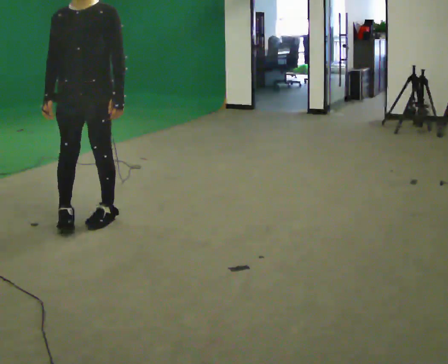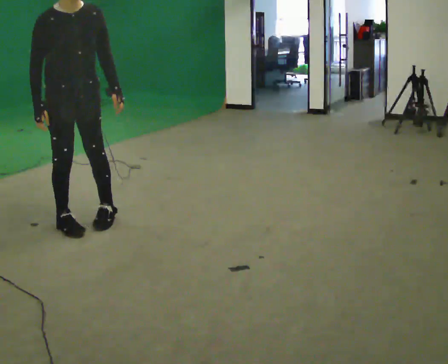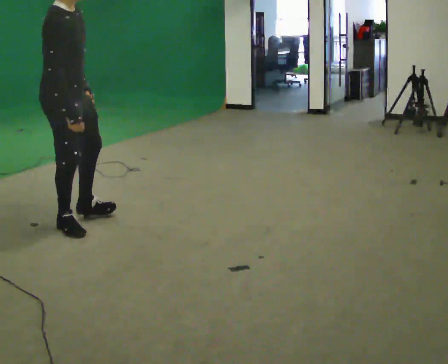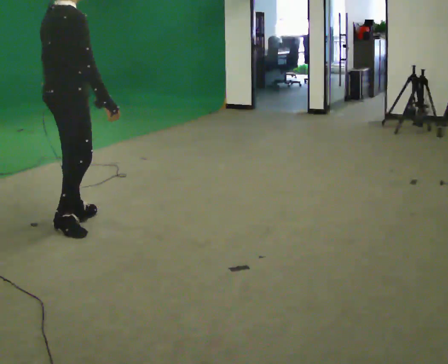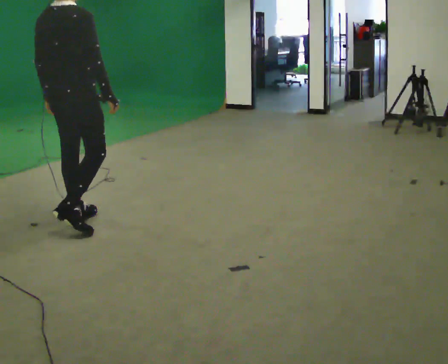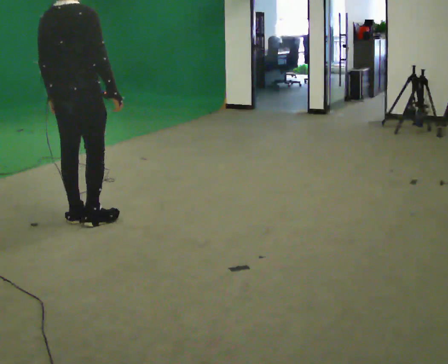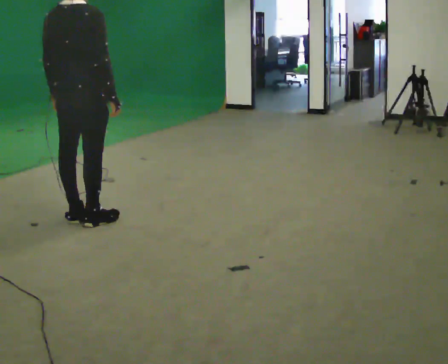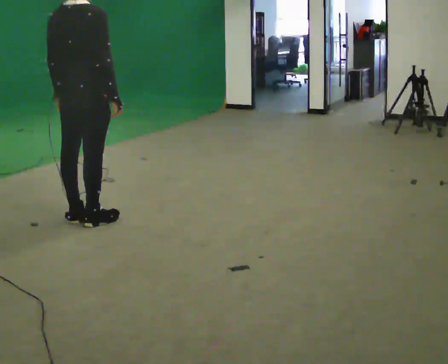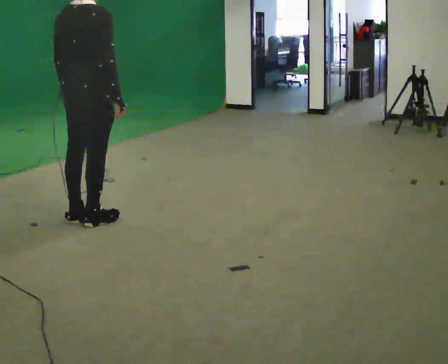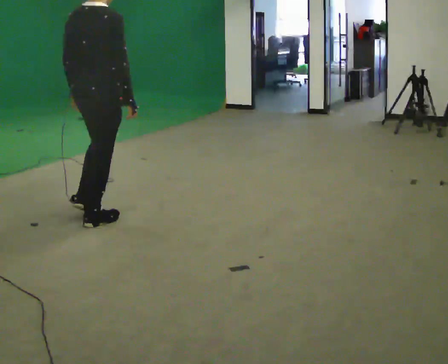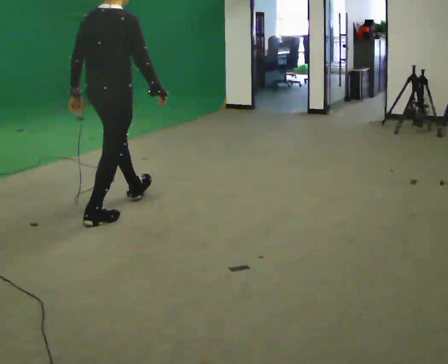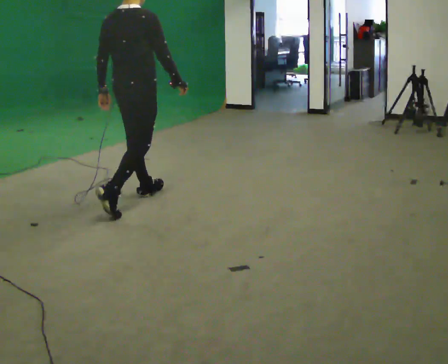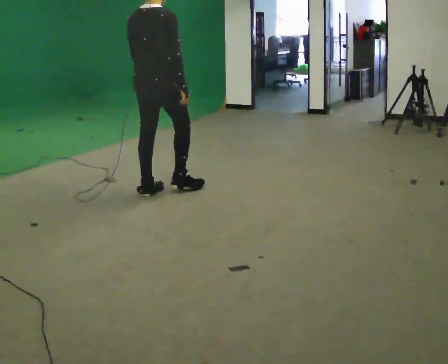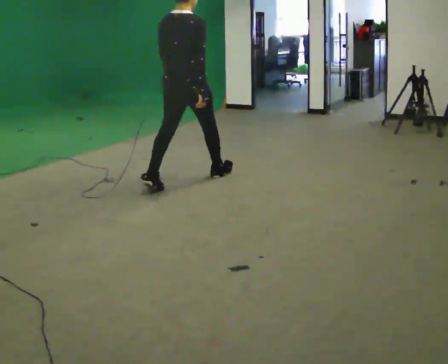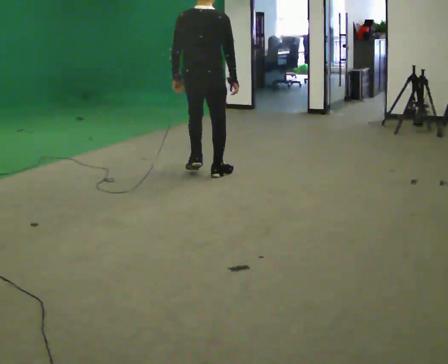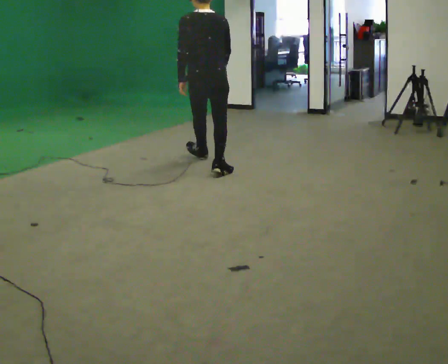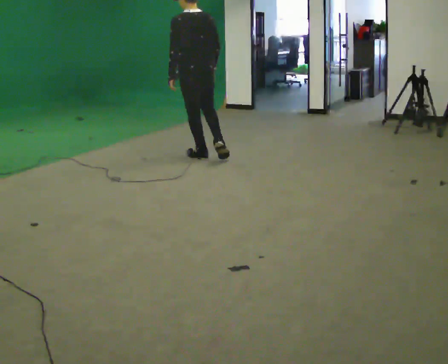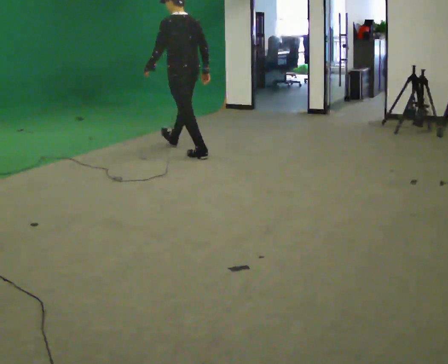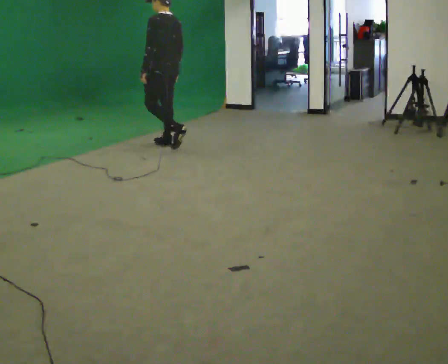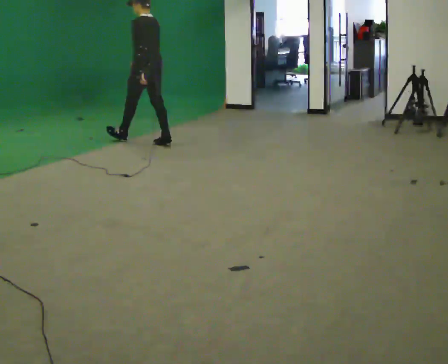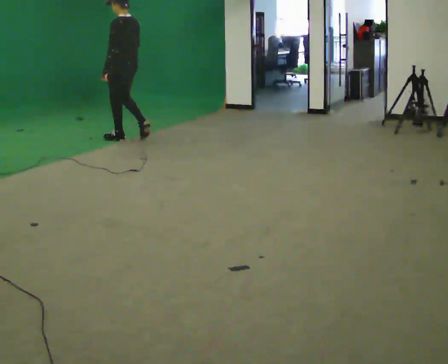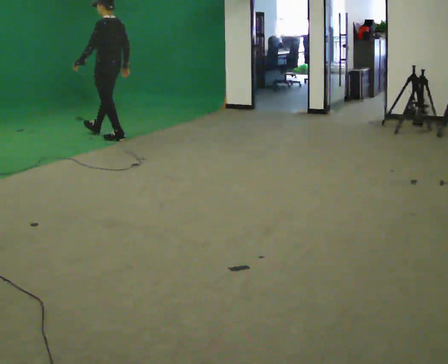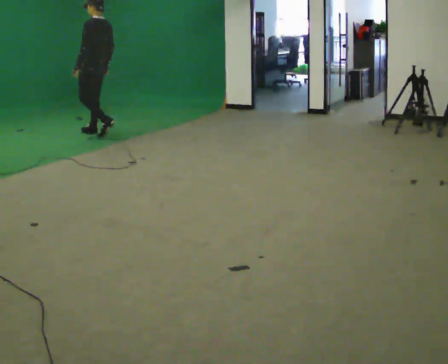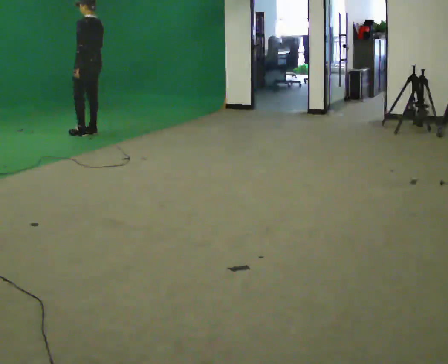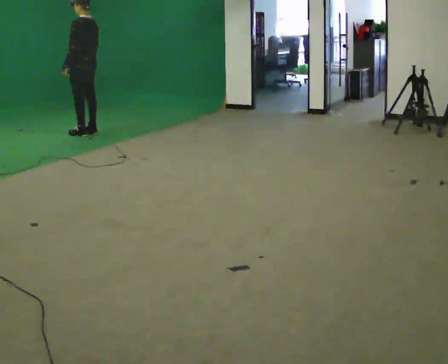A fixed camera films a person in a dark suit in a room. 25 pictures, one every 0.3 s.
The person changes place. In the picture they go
away from the camera.
The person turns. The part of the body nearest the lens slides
to the right.
0.0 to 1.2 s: The part of the body nearest the lens slides to the right as the person turns to their left by about 150 degrees. In the picture their right hand goes to the right, the arm swinging counterclockwise.
1.2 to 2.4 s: The person moves a little, or ends about where they began.
2.4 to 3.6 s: In the picture they go away from the camera and to the right, about 1 m in 1 step, which for them is forward.
3.6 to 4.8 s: The part of the body nearest the lens slides to the right as the person turns to their left by about 60 degrees. In the picture they go away from the camera, about 1 m in 2 steps, which for them is forward.
4.8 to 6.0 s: The person turns about 30 degrees to their left, counterclockwise seen from above, so the part of the body nearest the lens slides to the right. In the picture they go away from the camera and to the left, about 1.5 m in 2 steps, which for them is forward.
6.0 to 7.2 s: In the picture they go to the left and away from the camera, about 0.75 m in 2 steps, which for them is forward.
The film runs forward here.
